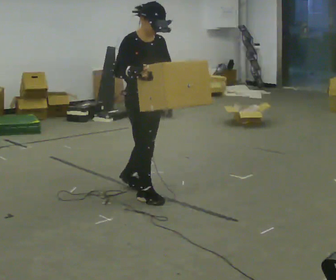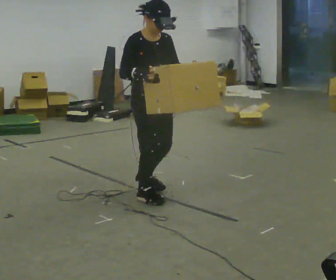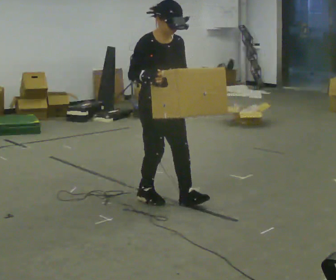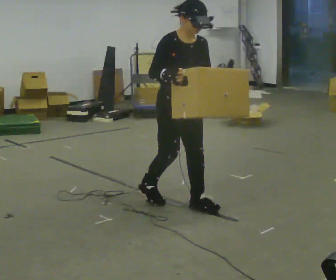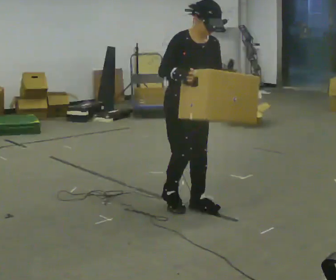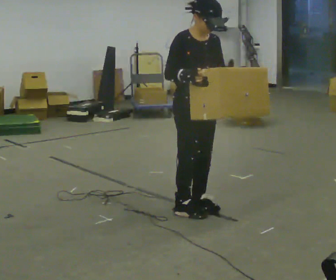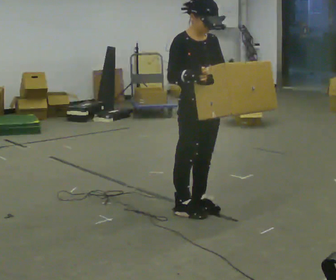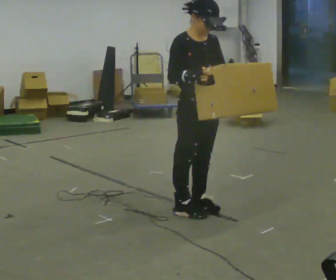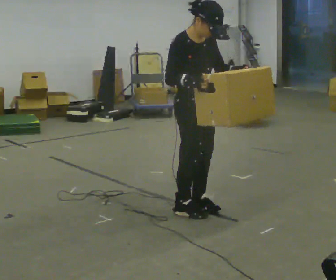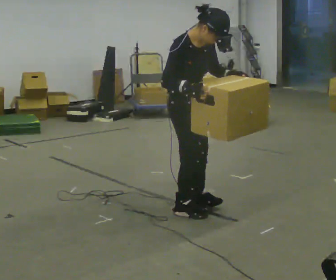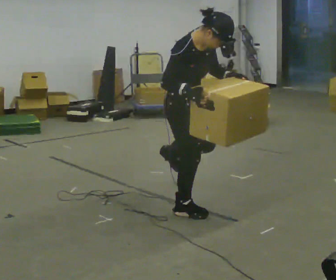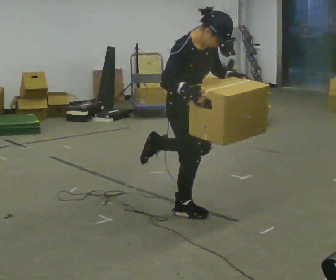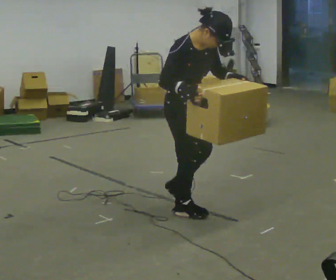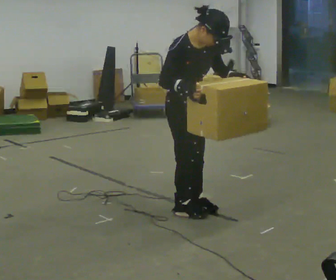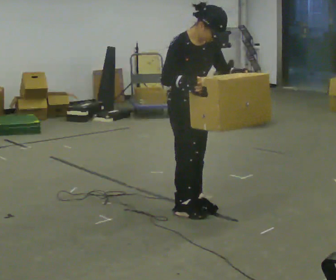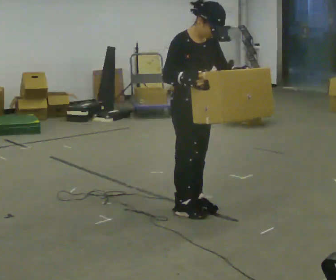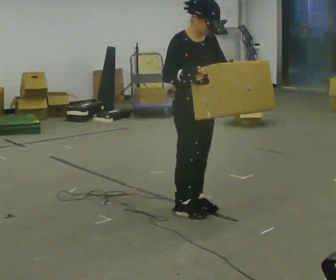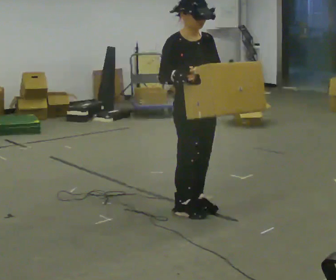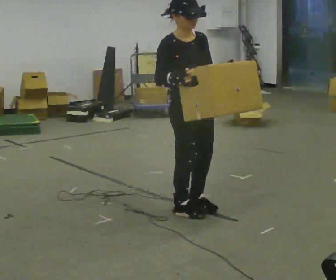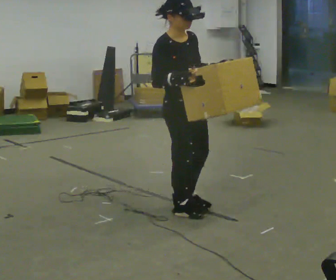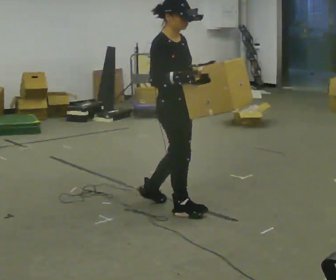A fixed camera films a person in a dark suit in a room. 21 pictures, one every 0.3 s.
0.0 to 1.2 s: In the picture they go to the right and toward the camera, about 0.5 m in 2 steps, which for them is forward.
1.2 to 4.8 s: The person moves a little, or ends about where they began.
4.8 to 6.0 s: The part of the body nearest the lens slides to the right as the person turns to their left by about 30 degrees.
The film runs backward here.
